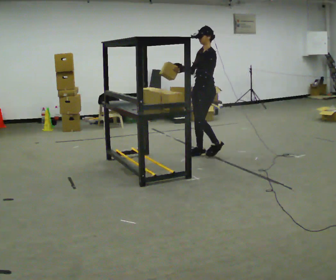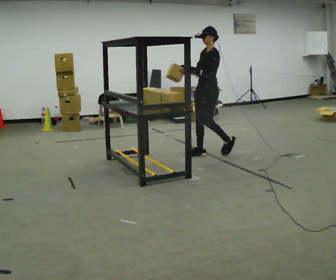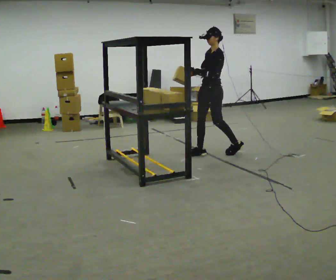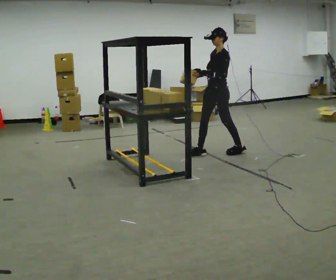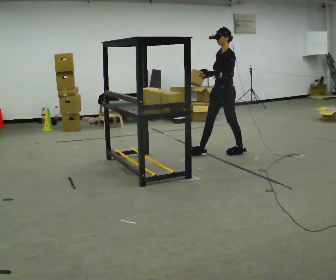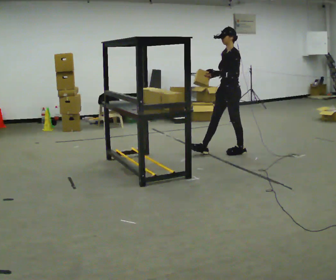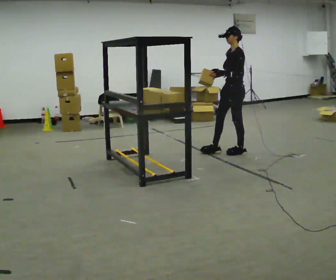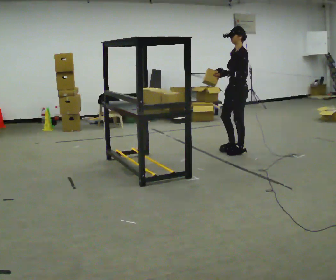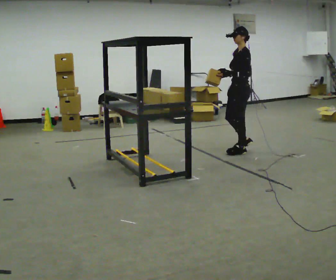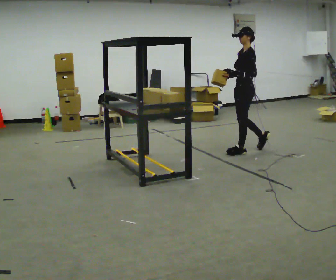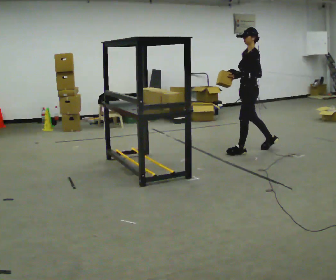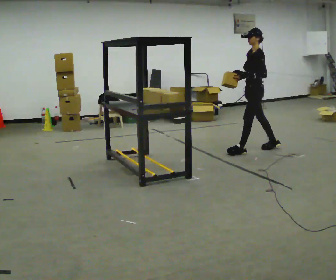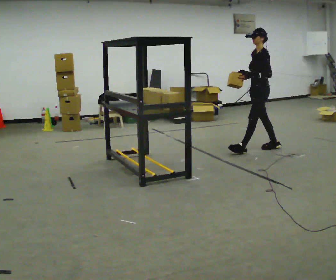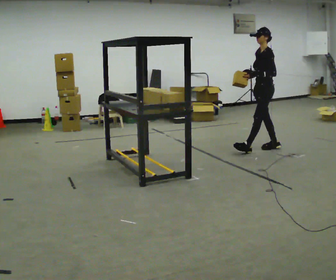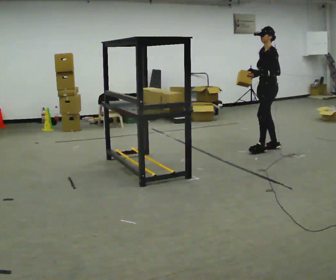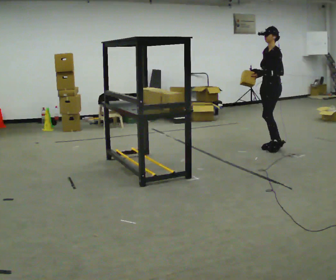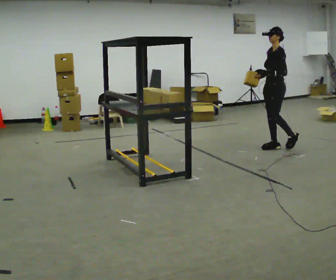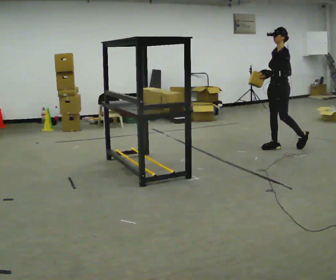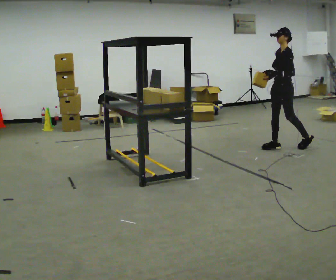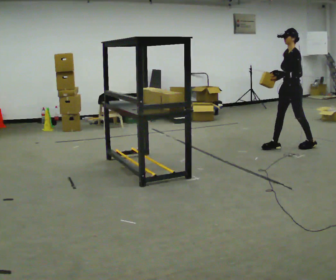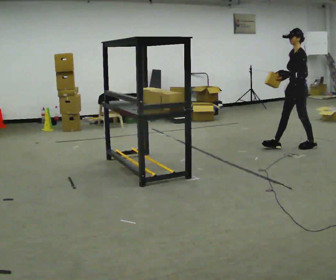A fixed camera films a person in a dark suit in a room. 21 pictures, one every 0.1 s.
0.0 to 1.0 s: In the picture they go to the right, about 0.5 m in 1 step, which for them is backward.
1.0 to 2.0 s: In the picture they go to the right, about 0.75 m in 1 step, which for them is backward.
The film runs backward here.
